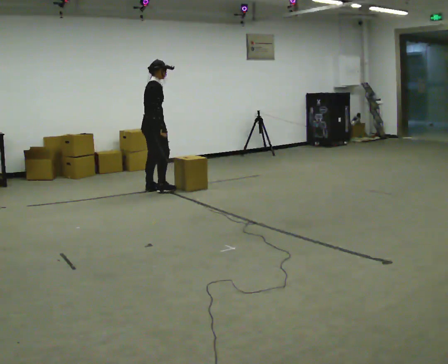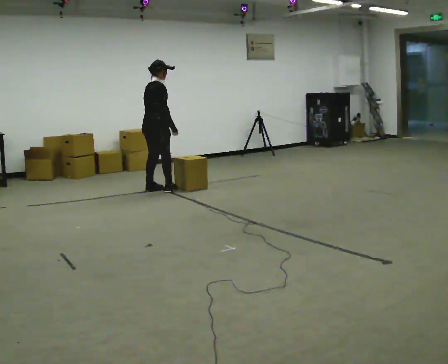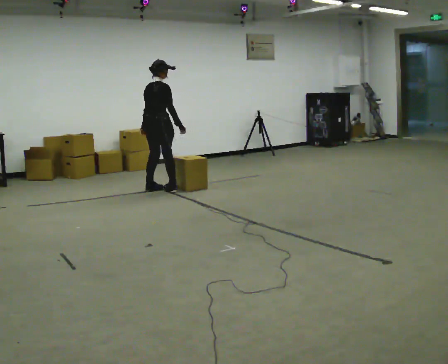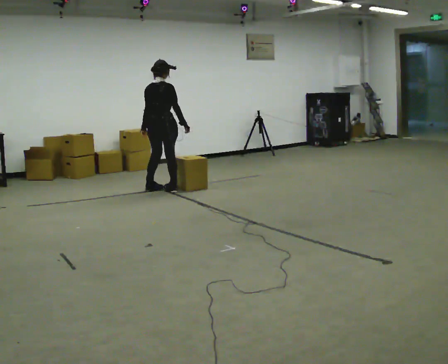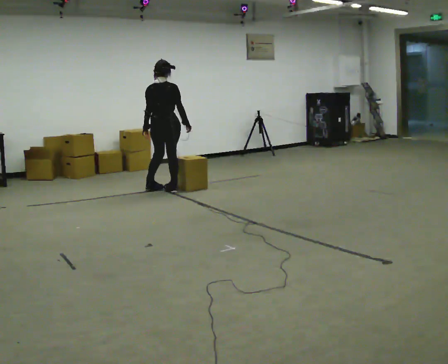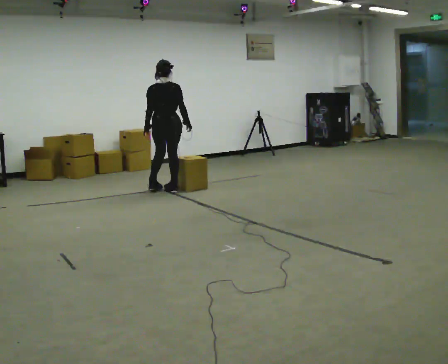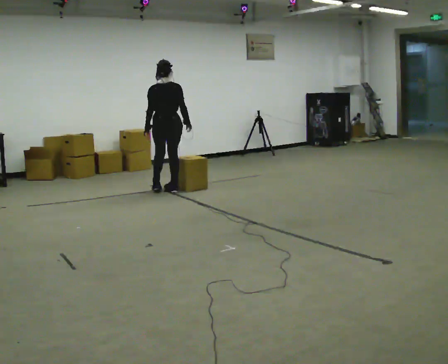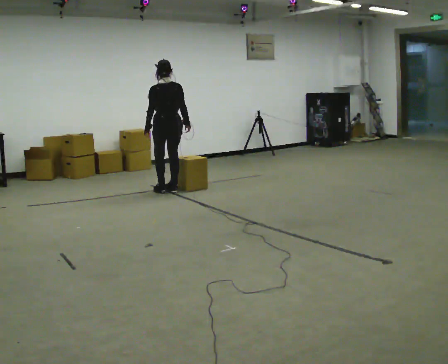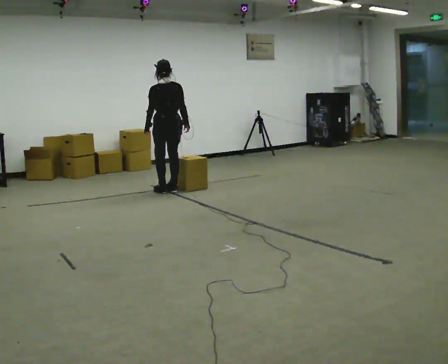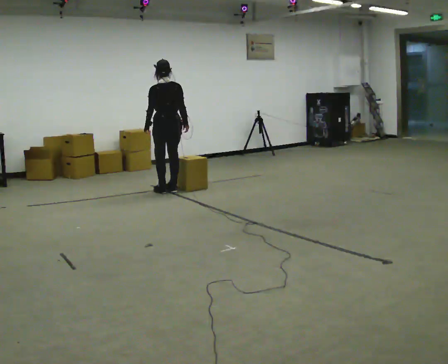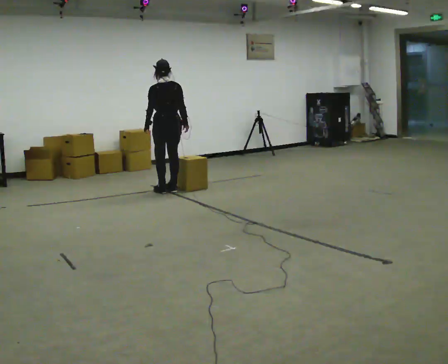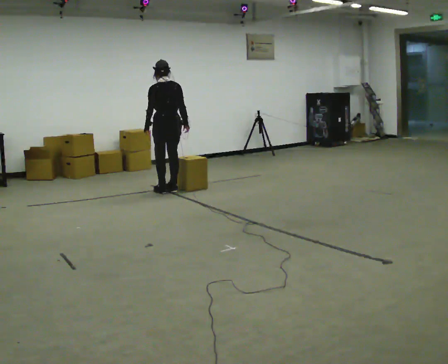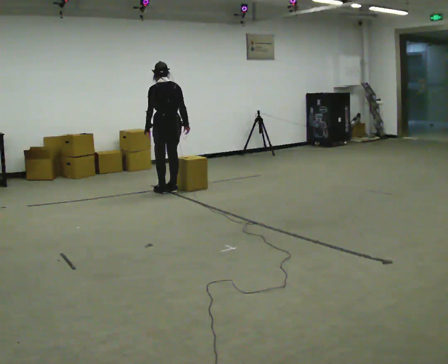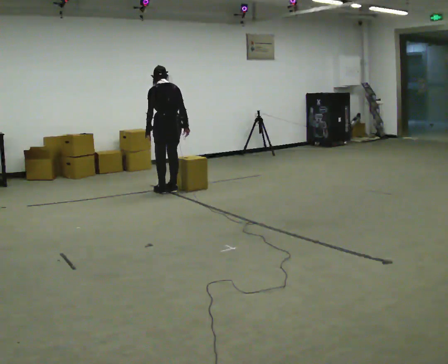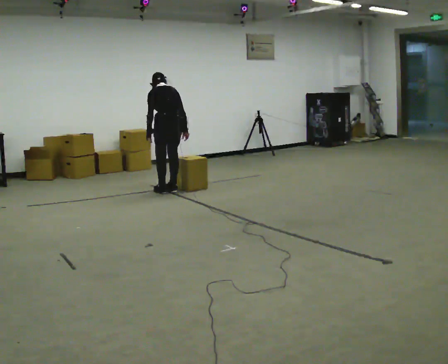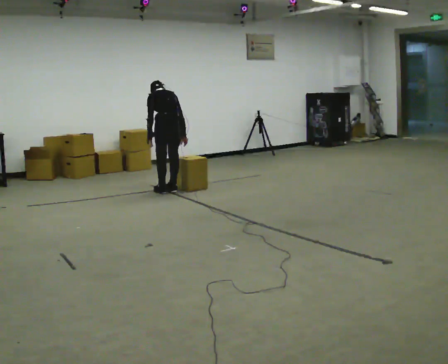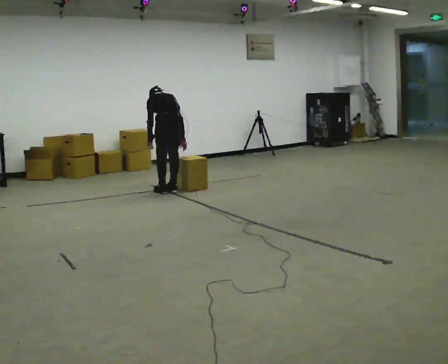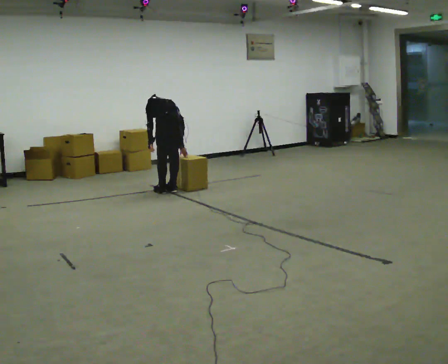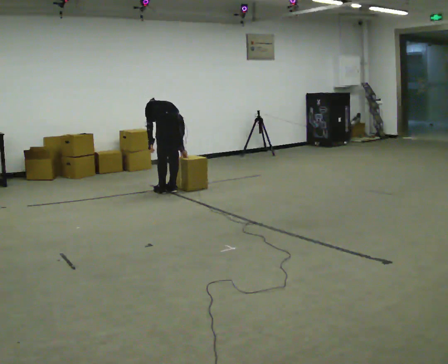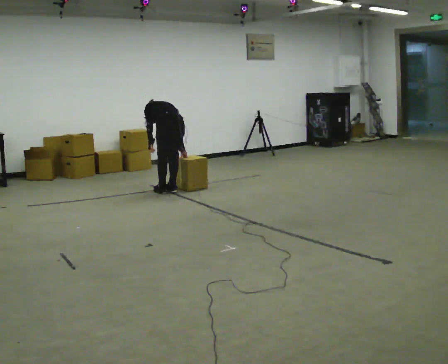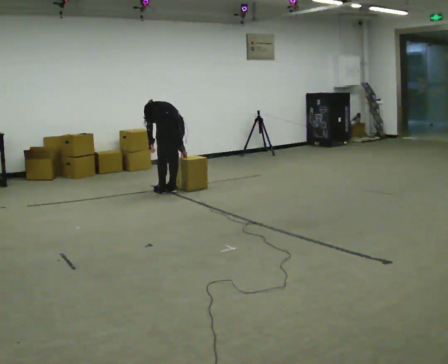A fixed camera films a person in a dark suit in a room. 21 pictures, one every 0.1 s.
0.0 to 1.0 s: The person turns about 90 degrees to their left, counterclockwise seen from above, so the part of the body nearest the lens slides to the right. In the picture they go to the right, about 0.25 m in 1 step. In the picture their right hand goes to the right.
1.0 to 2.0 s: In the picture they go toward the camera, about 0.25 m, which for them is backward. The shoulders move downward. The upper body tips away from the camera, its near side rolling upward, as they bend forward.
The film runs backward here.
